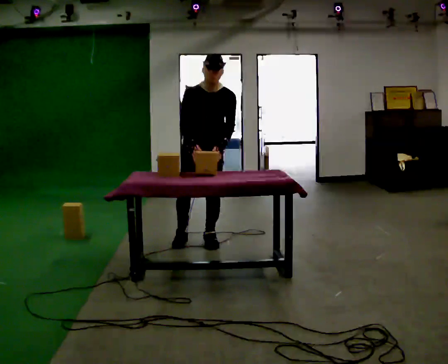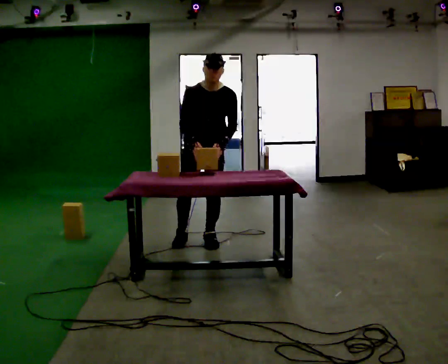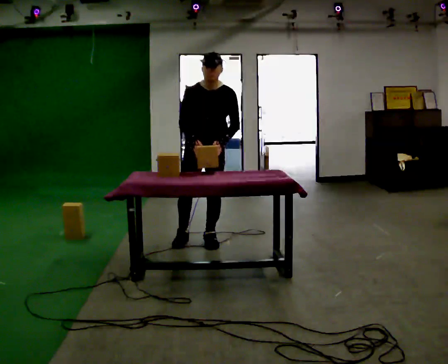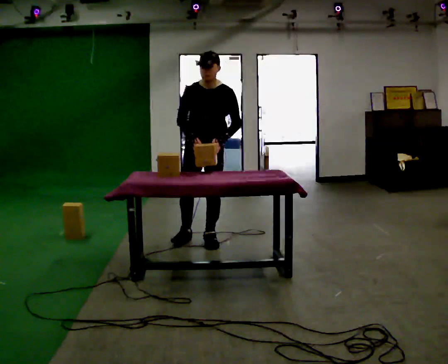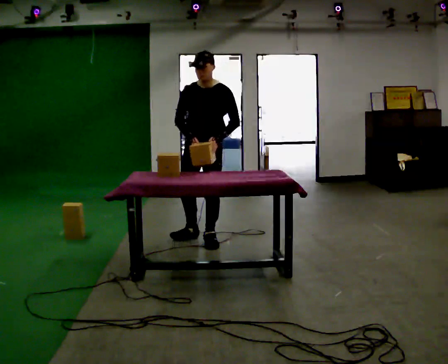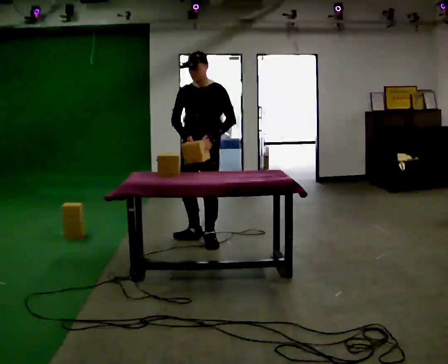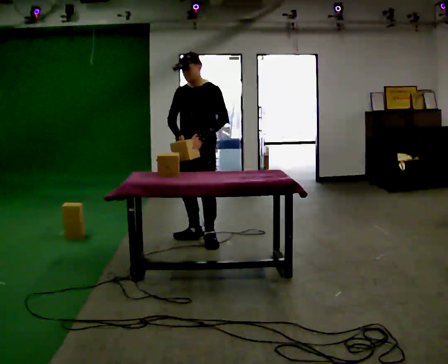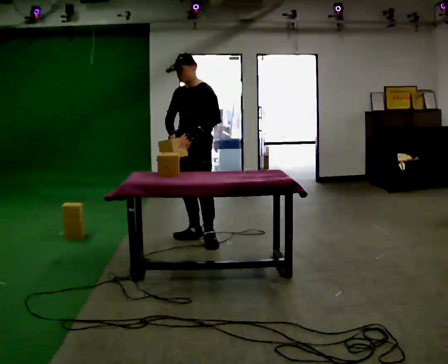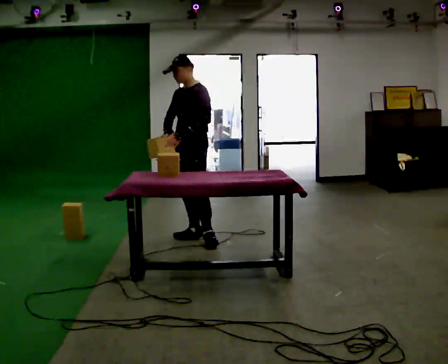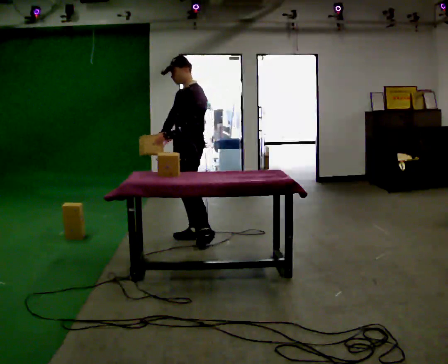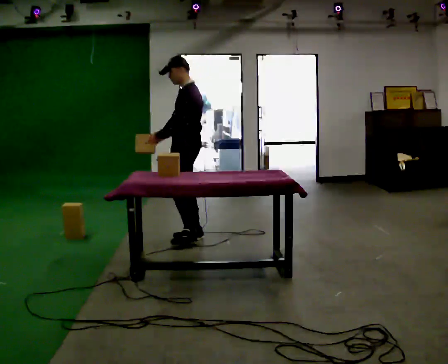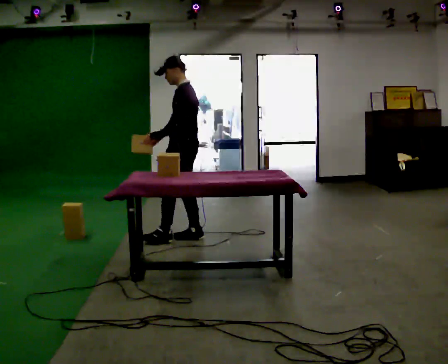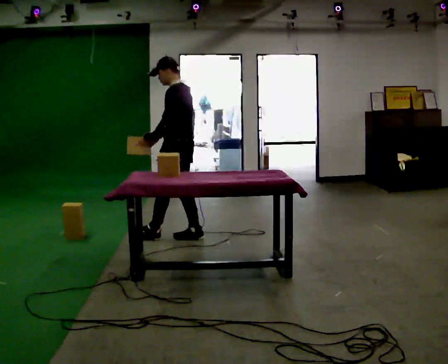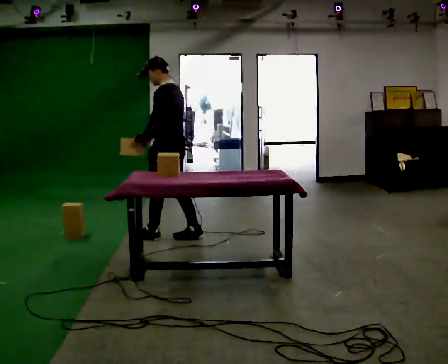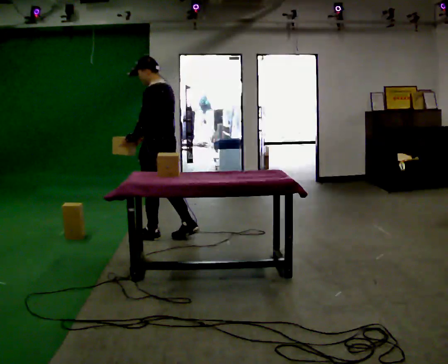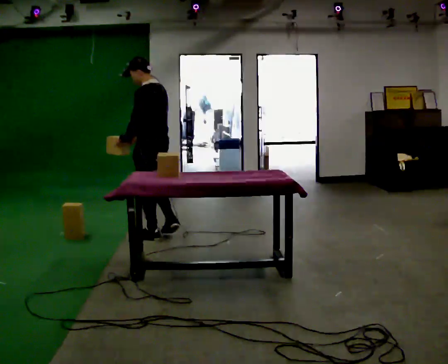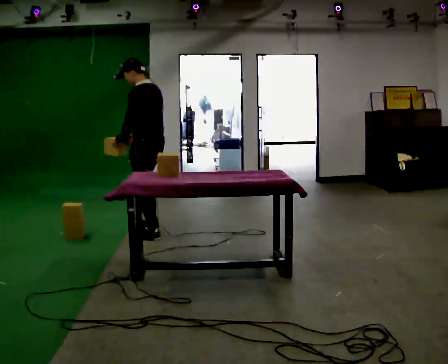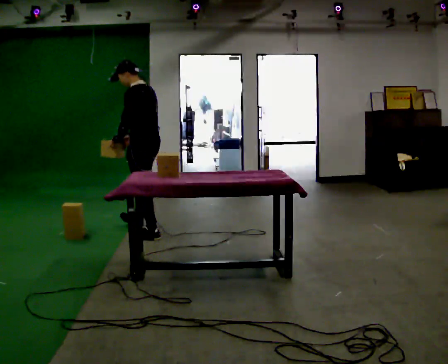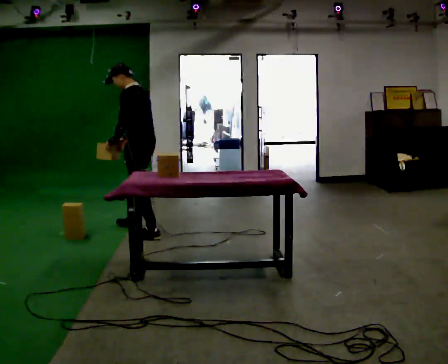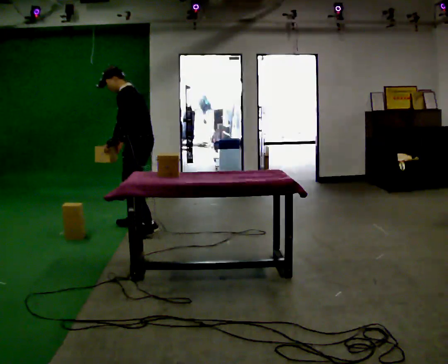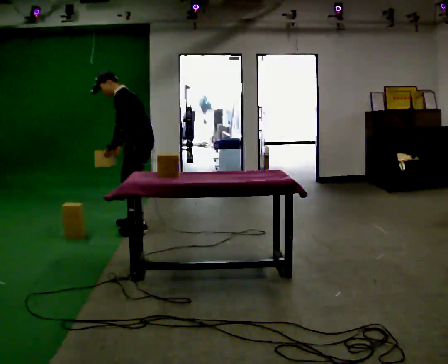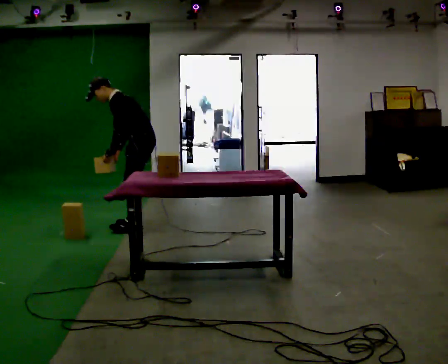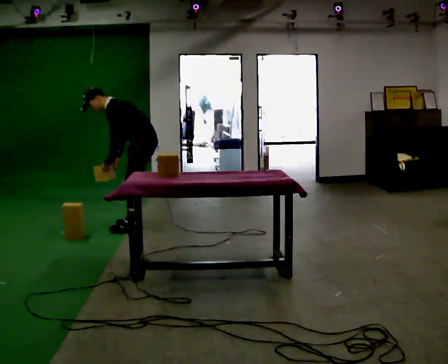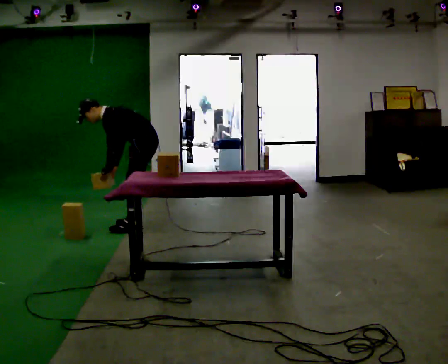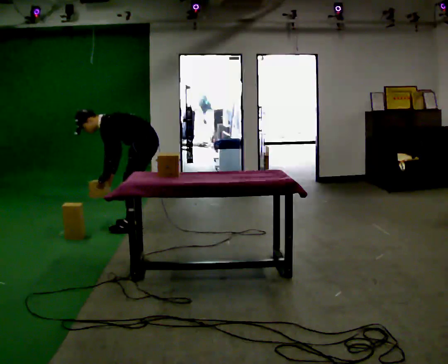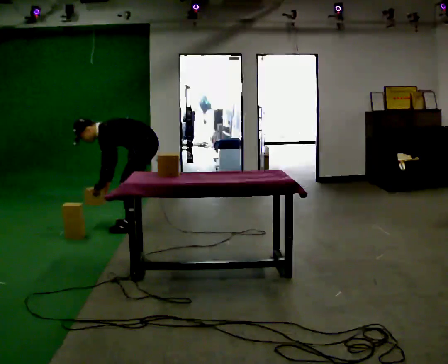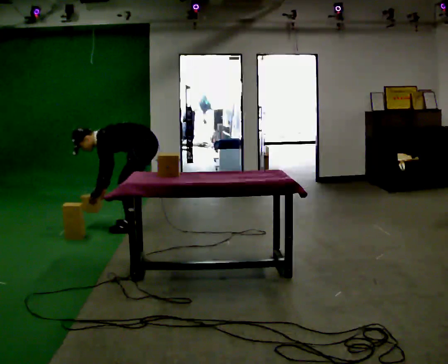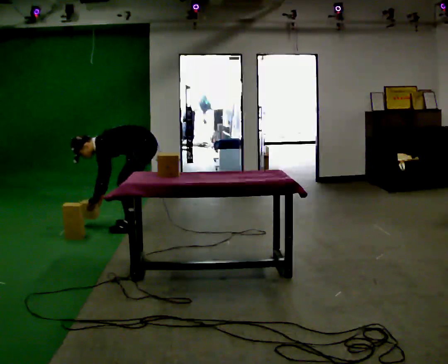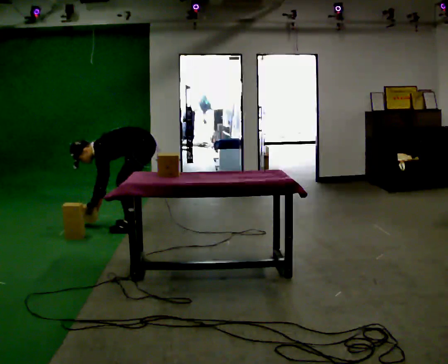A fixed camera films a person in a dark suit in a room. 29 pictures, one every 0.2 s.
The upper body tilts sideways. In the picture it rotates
counterclockwise.
Their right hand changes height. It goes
downward.
0.0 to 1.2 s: The person turns about 30 degrees to their right, clockwise seen from above, so the part of the body nearest the lens slides to the left. The upper body tips away from the camera, its near side rolling upward, as they lean back or straighten.
1.2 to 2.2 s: The part of the body nearest the lens slides to the left as the person turns to their right by about 60 degrees. In the picture their left hand goes to the left.
2.2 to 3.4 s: In the picture they go to the left, about 0.5 m in 1 step, which for them is forward.
3.4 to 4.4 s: In the picture they go away from the camera, about 0.25 m in 2 steps, which for them is to their right. The shoulders move downward. In the picture the upper body tilts counterclockwise, shoulders to the left, as they bend forward.
4.4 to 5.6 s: The upper body goes downward. In the picture the upper body tilts counterclockwise, shoulders to the left, as they bend forward. In the picture their left hand goes downward.
The film runs forward here.
